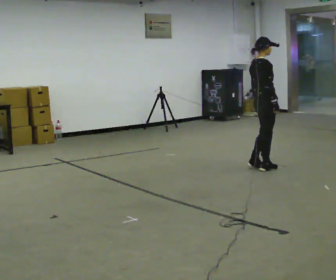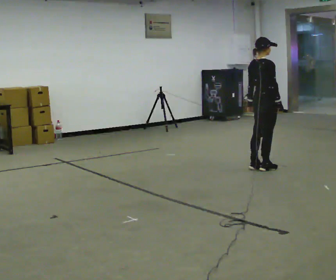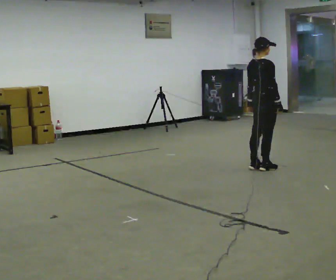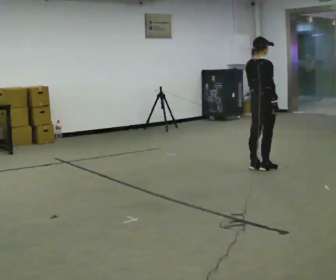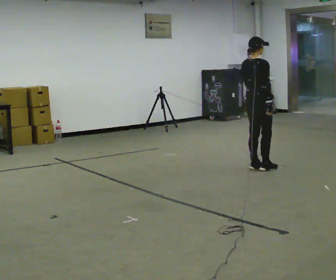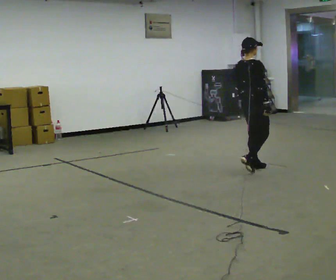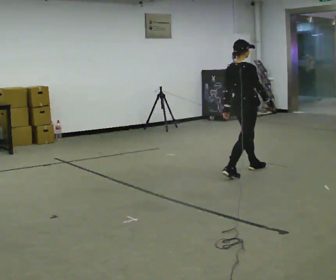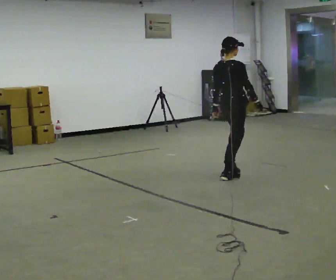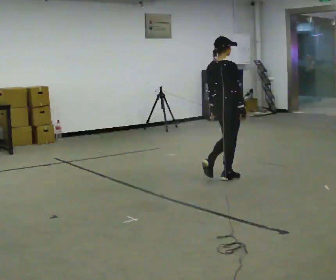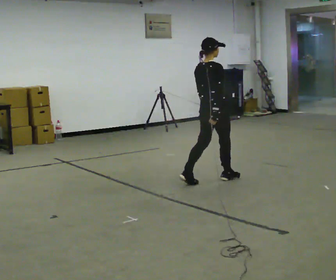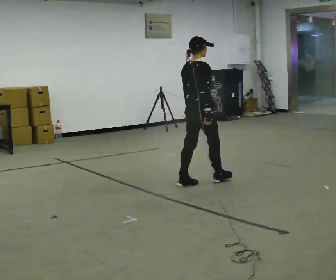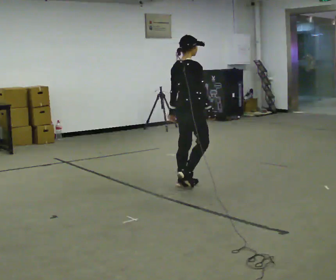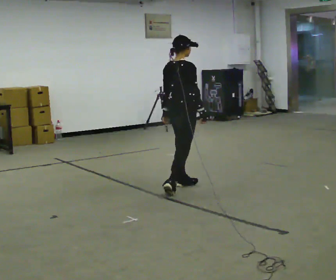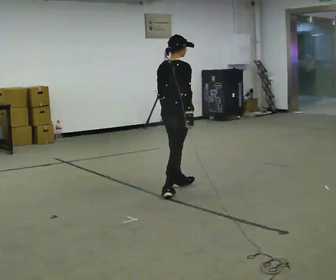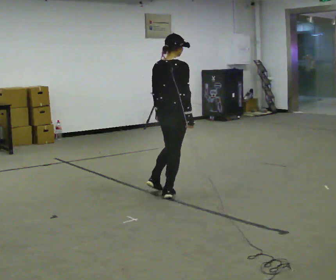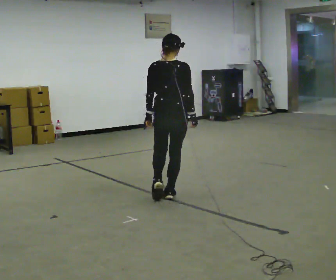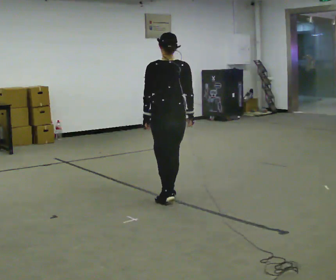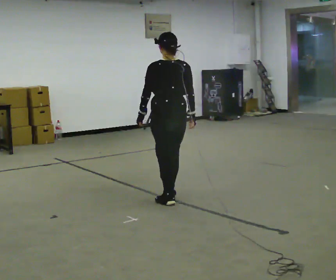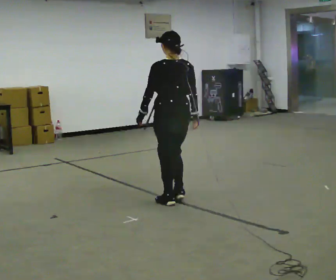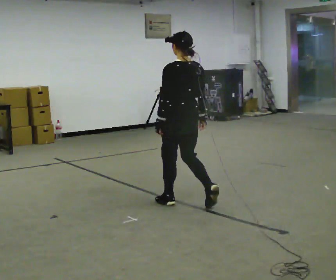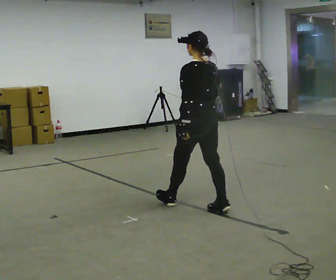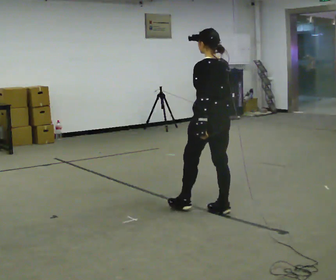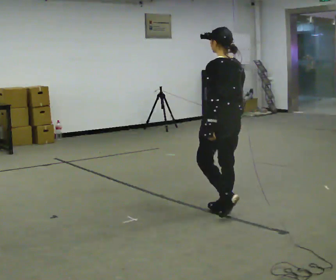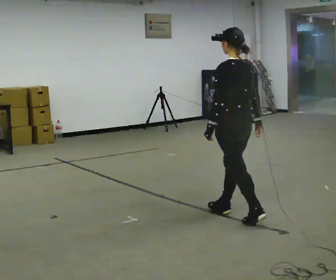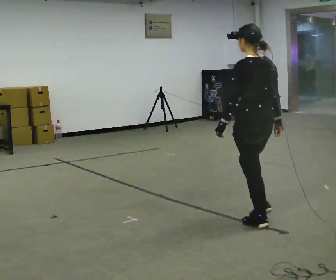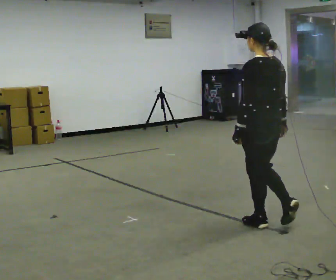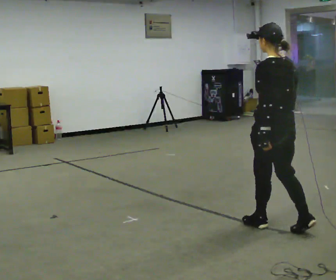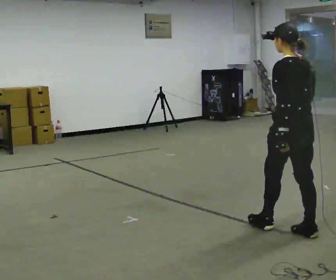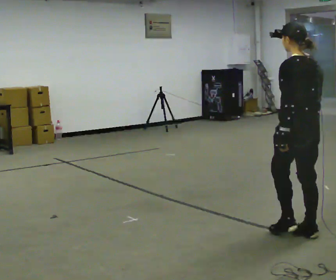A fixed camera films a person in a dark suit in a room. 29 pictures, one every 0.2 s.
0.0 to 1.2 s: In the picture they go to the left and toward the camera, about 0.25 m in 1 step, which for them is backward.
1.2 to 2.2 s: In the picture they go to the left and toward the camera, about 1 m in 2 steps, which for them is backward.
2.2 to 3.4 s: The person turns about 75 degrees to their left, counterclockwise seen from above, so the part of the body nearest the lens slides to the right. In the picture they go toward the camera, about 0.5 m in 1 step.
3.4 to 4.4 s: In the picture they go to the right and toward the camera, about 0.75 m in 2 steps, which for them is backward.
4.4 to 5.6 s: In the picture they go toward the camera and to the right, about 1 m in 2 steps, which for them is backward.
The film runs backward here.
